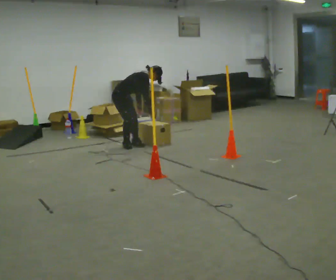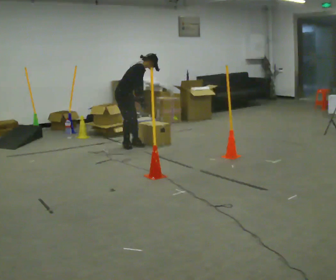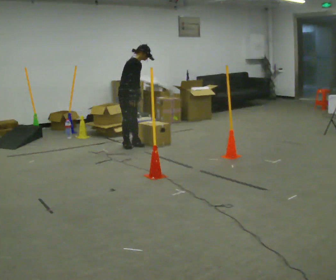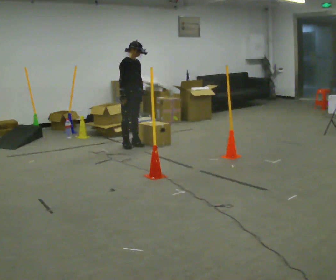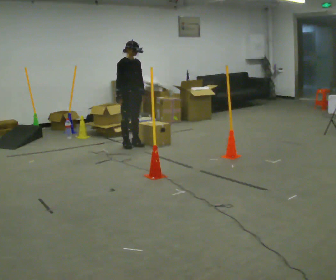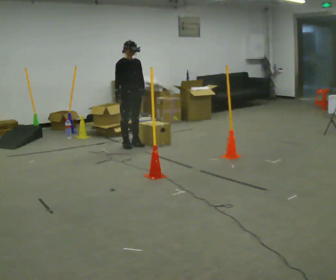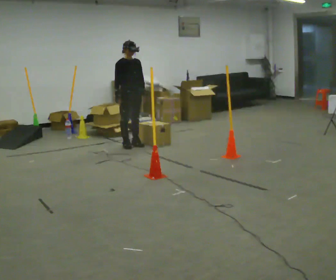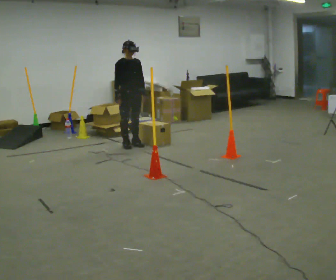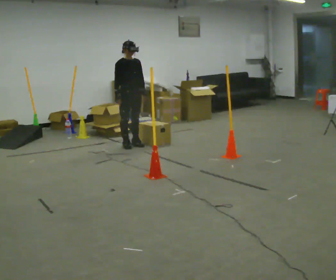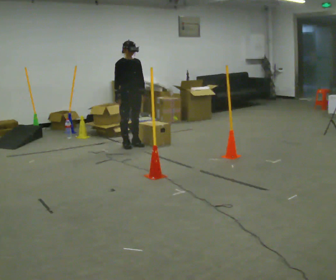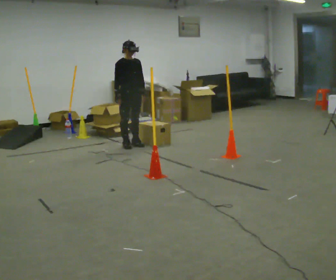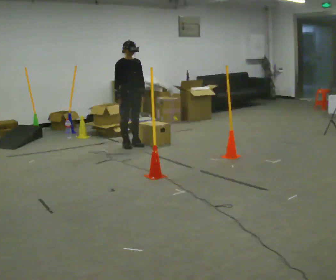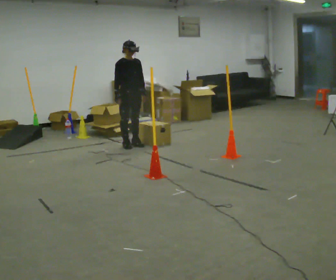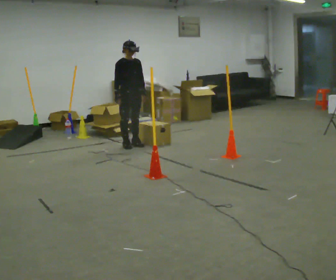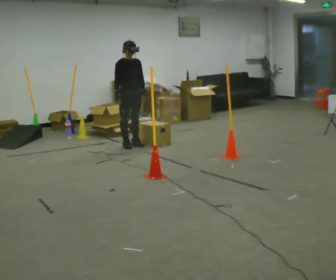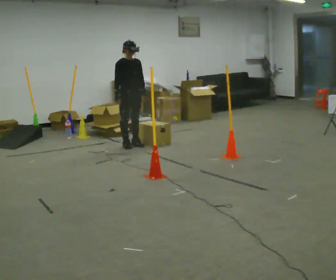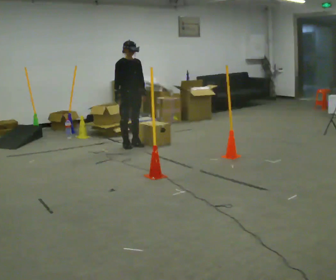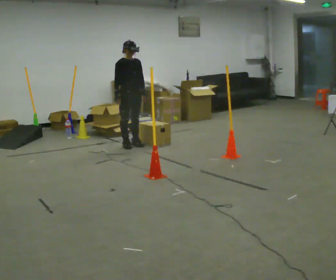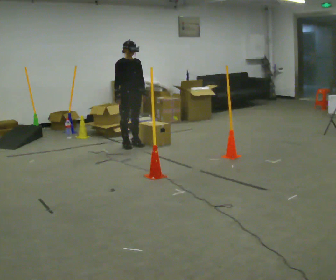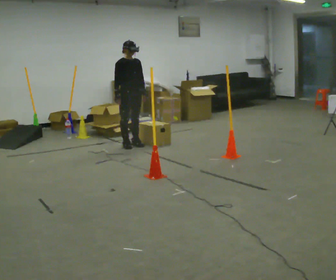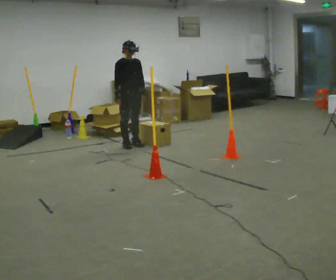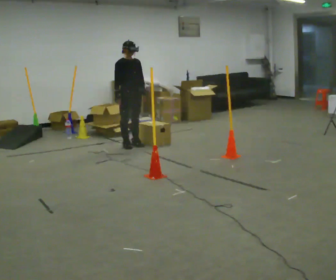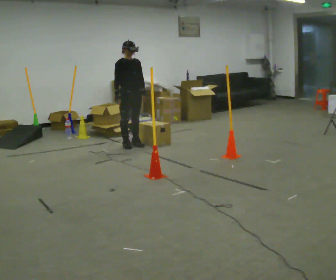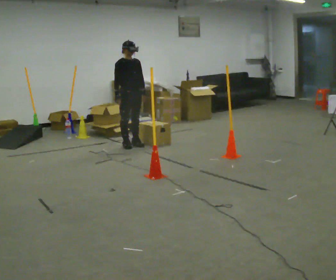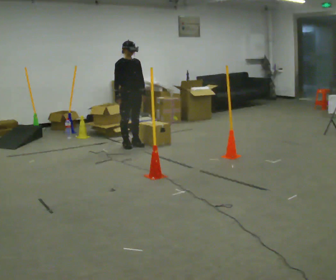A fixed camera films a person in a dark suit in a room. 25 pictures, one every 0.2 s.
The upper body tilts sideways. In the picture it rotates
counterclockwise.
The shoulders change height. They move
upward.
0.0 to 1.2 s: The person turns about 45 degrees to their right, clockwise seen from above, so the part of the body nearest the lens slides to the left. The upper body goes upward. In the picture the upper body tilts counterclockwise, shoulders to the left, as they lean back or straighten.
1.2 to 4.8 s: The person keeps their place and pose.
The film runs backward here.
